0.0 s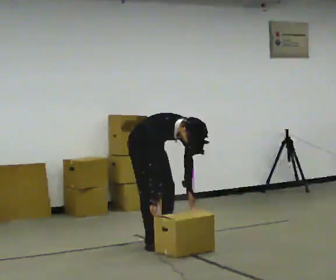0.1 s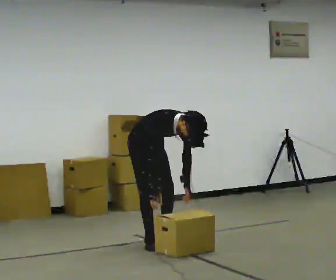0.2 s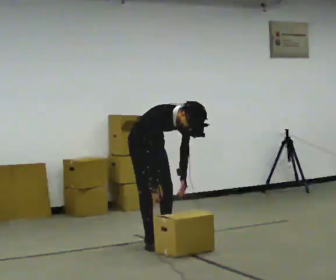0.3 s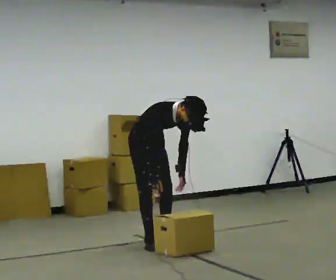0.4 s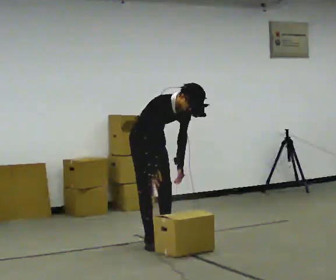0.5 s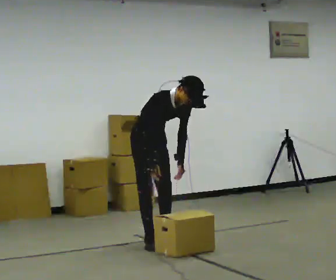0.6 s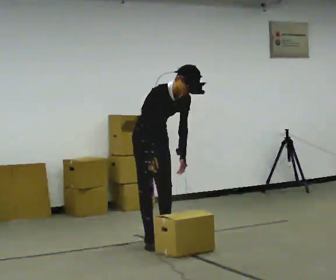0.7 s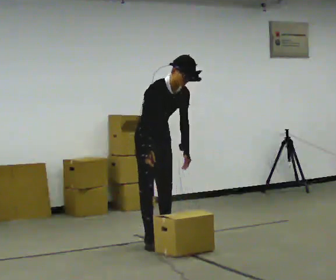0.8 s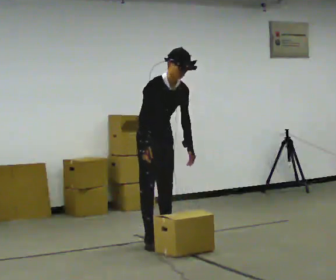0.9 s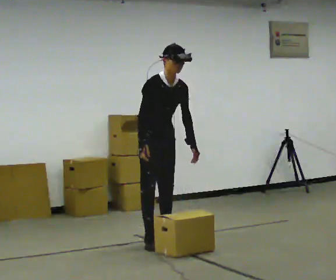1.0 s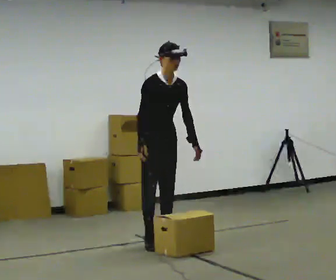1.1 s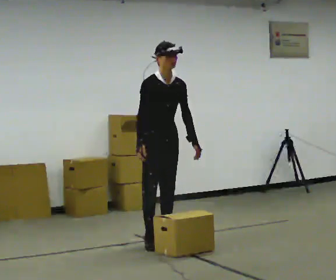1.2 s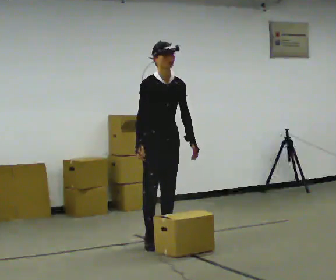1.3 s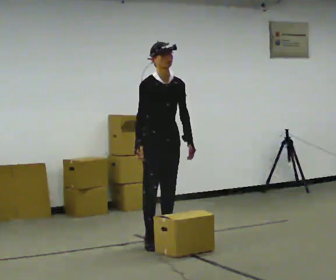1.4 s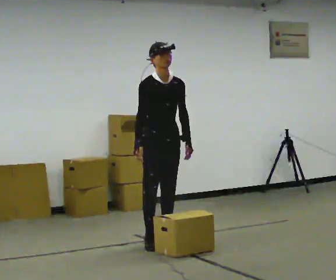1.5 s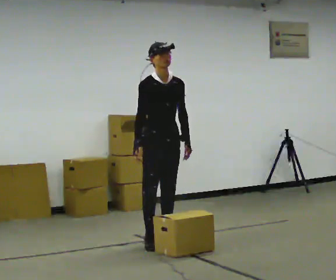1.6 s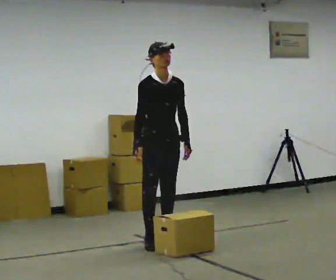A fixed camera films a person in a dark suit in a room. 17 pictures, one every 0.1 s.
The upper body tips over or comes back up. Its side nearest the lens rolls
upward.
The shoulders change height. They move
upward.
0.0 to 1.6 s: In the picture they go toward the camera, about 0.25 m, which for them is forward. The upper body goes upward. The upper body tips away from the camera, its near side rolling upward, as they lean back or straighten. In the picture their left hand goes upward.
The film runs forward here.
